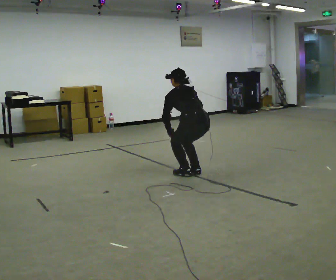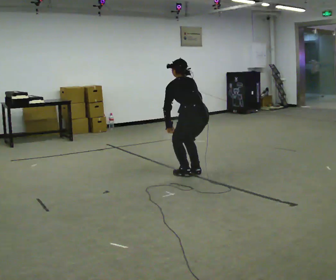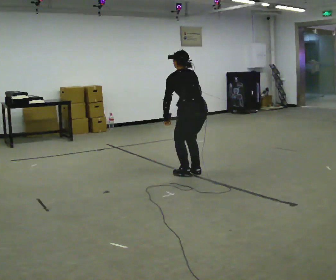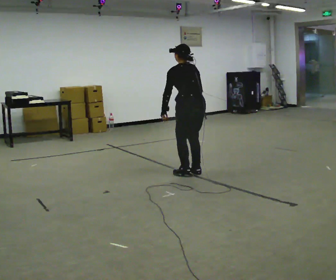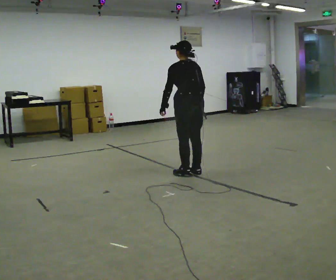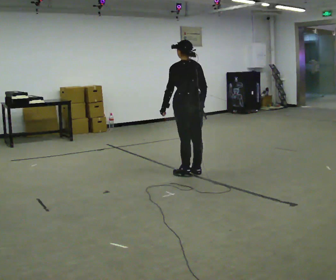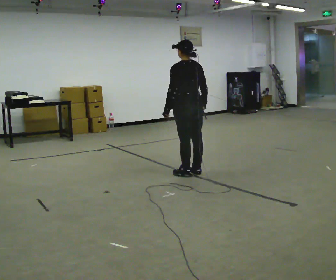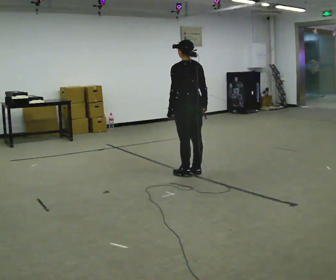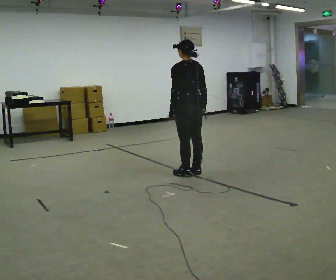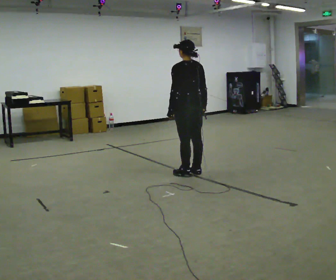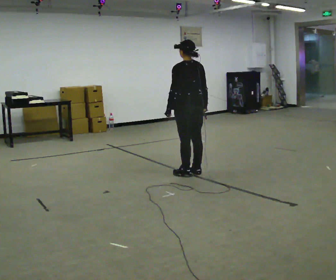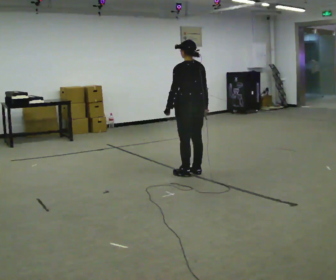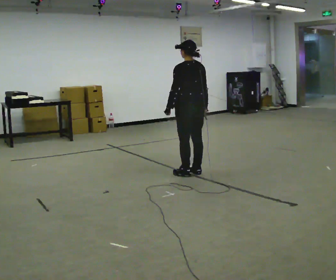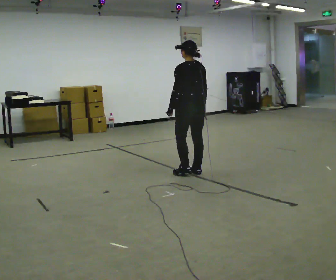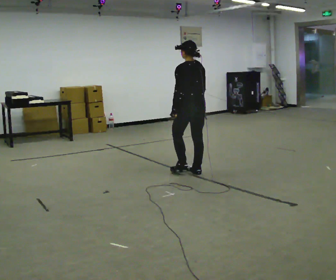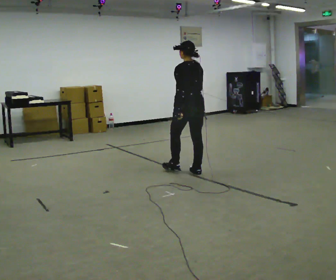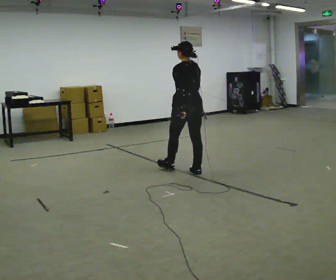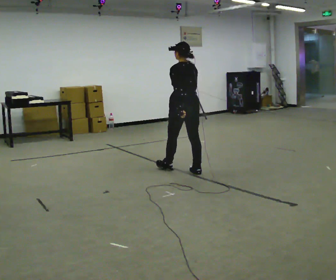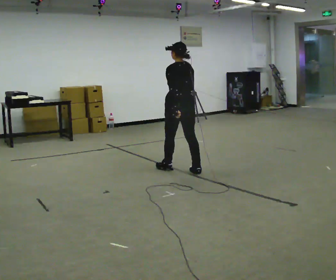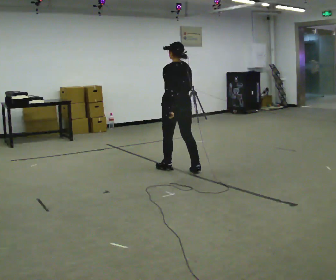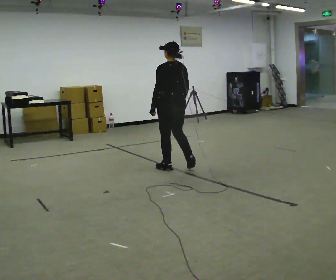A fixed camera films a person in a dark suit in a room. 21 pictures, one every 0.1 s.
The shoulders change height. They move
upward.
0.0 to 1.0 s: The upper body goes upward. The upper body tips toward the camera, its near side rolling downward, as they lean back or straighten.
1.0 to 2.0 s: In the picture they go to the left and away from the camera, about 0.25 m in 1 step, which for them is forward.
The film runs forward here.
